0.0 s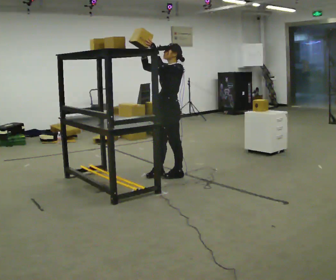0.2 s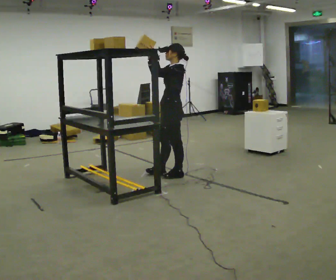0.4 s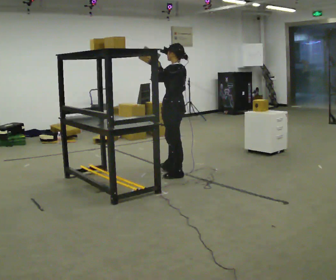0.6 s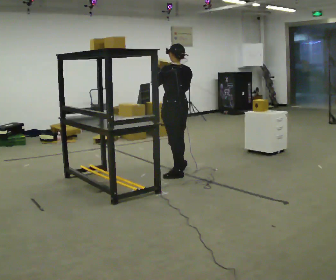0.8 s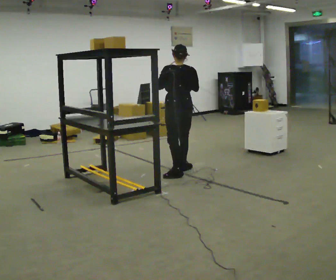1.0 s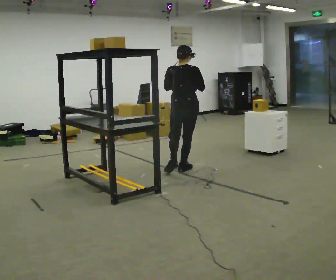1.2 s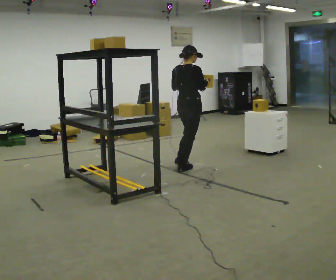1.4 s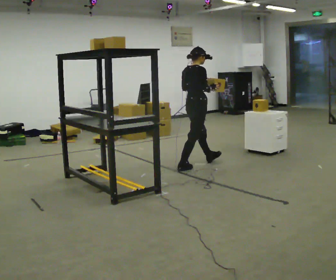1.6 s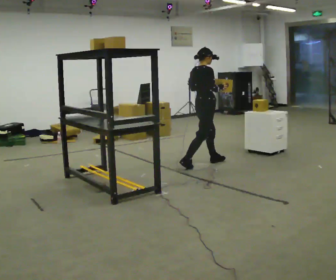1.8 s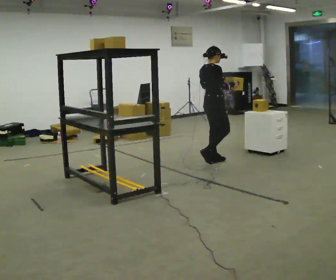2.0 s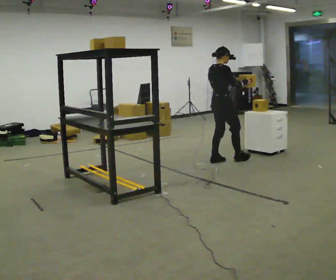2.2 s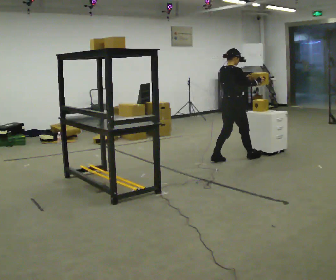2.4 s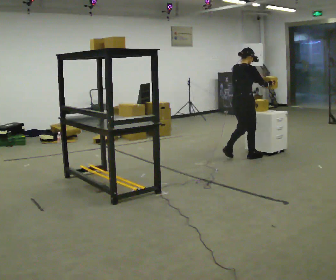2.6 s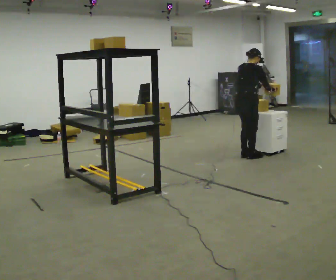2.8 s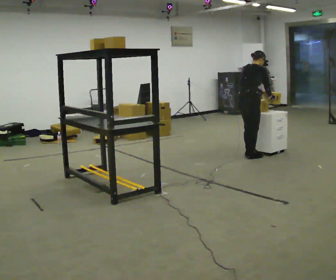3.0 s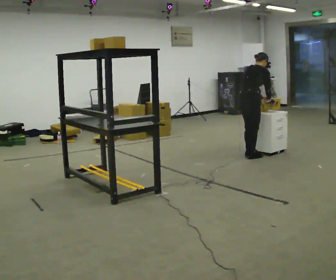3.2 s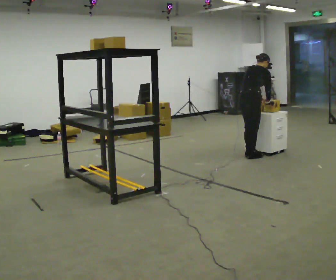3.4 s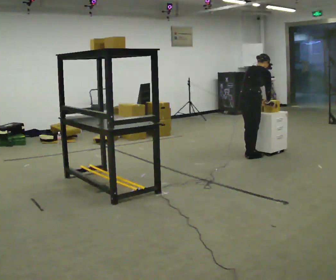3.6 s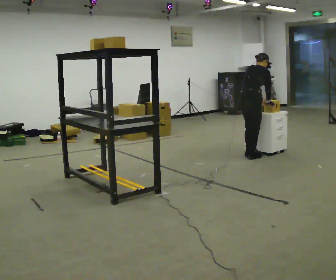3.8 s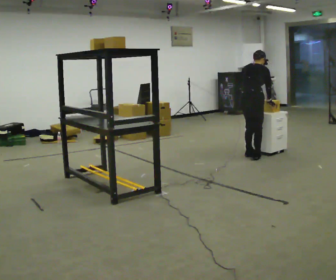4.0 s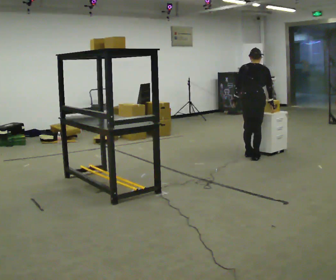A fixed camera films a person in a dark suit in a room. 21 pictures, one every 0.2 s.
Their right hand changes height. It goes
downward.
0.0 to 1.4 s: The part of the body nearest the lens slides to the left as the person turns to their right by about 180 degrees. In the picture they go away from the camera and to the right, about 0.5 m in 1 step. In the picture their right hand goes downward.
1.4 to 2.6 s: In the picture they go to the right and away from the camera, about 1 m in 2 steps, which for them is forward.
2.6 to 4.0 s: Seen from above the body turns counterclockwise, about 30 degrees: to their left, with its near side sliding to the right. In the picture their left hand goes to the left.
The film runs forward here.
